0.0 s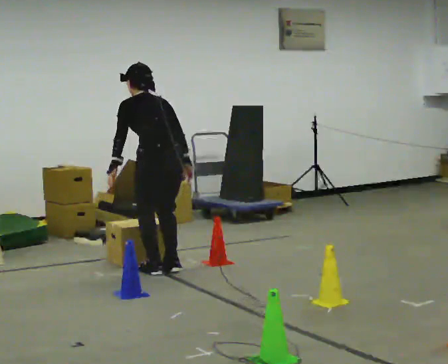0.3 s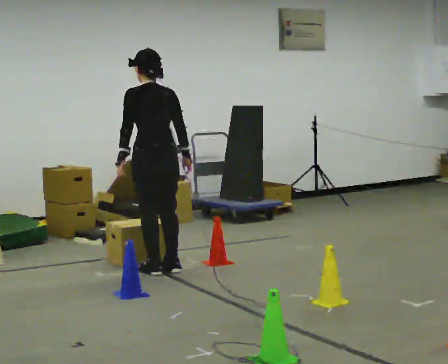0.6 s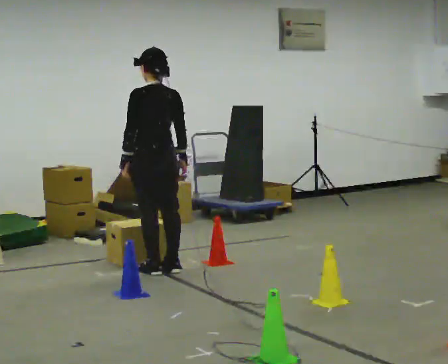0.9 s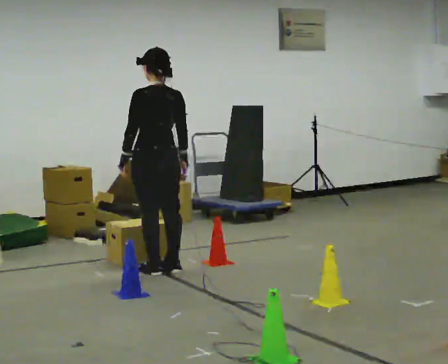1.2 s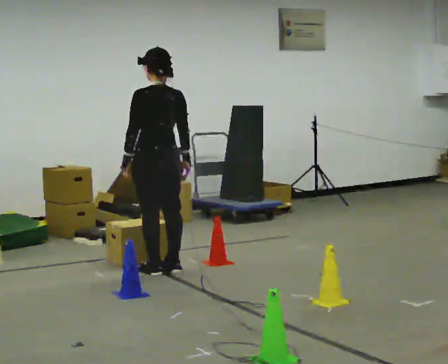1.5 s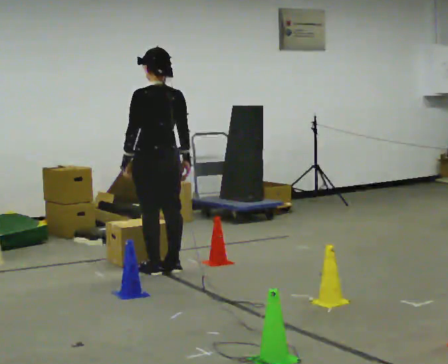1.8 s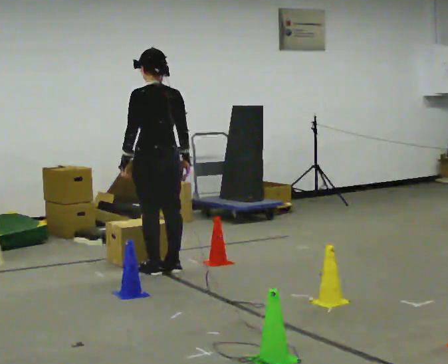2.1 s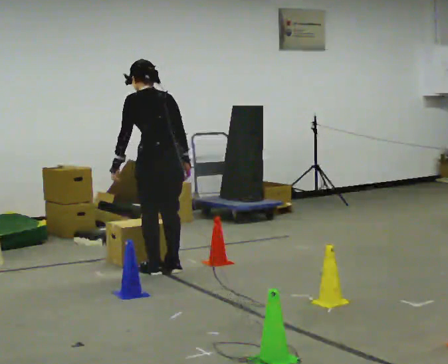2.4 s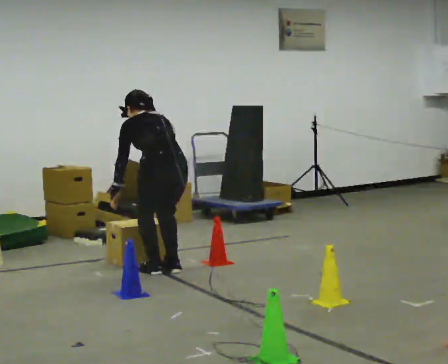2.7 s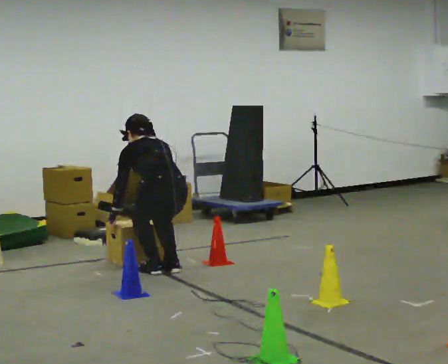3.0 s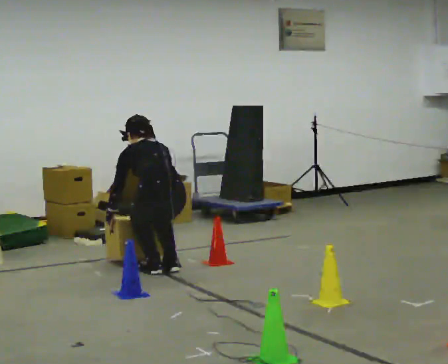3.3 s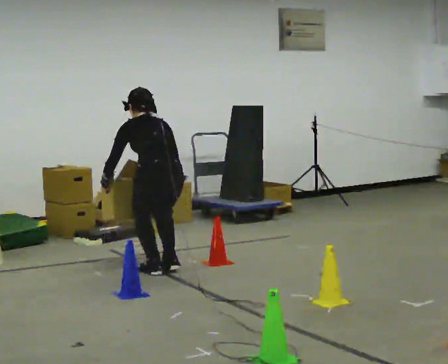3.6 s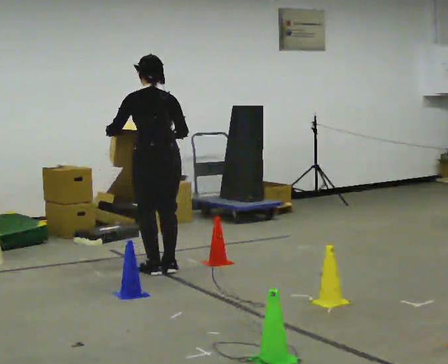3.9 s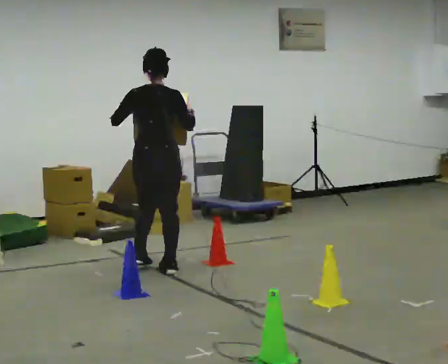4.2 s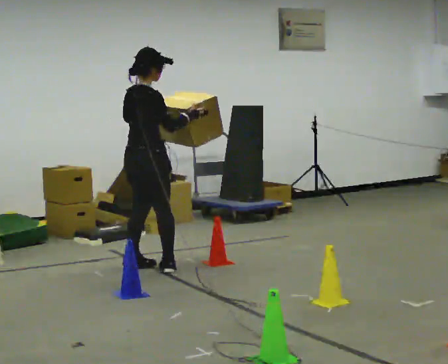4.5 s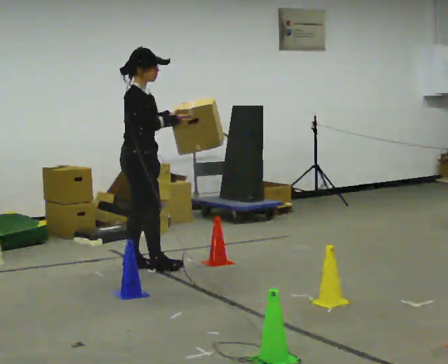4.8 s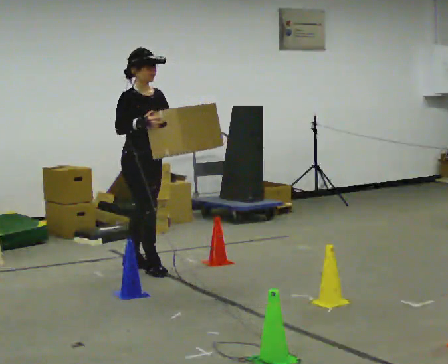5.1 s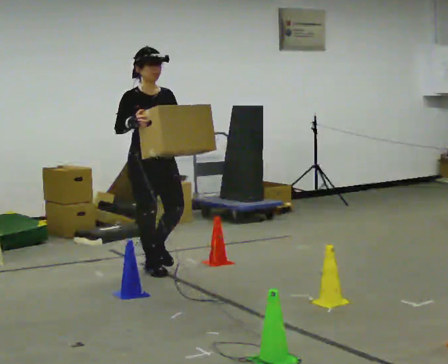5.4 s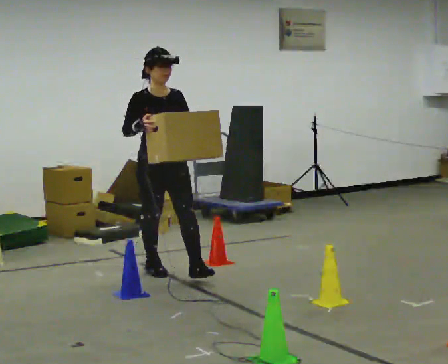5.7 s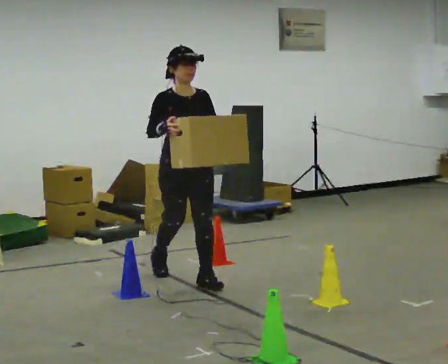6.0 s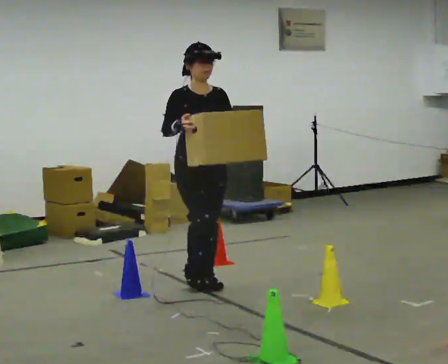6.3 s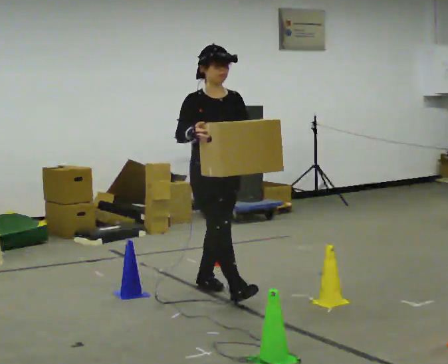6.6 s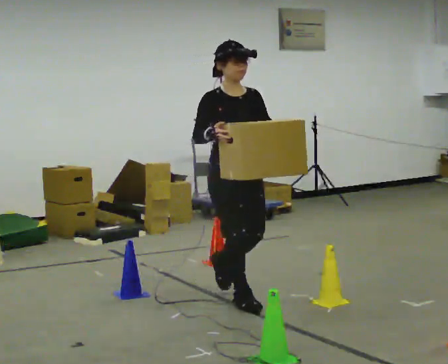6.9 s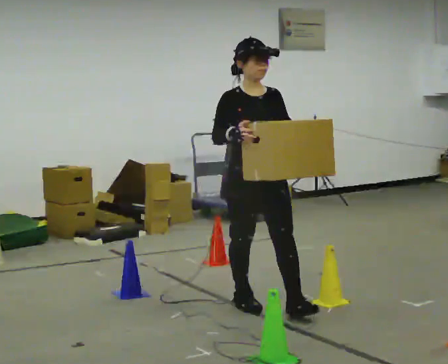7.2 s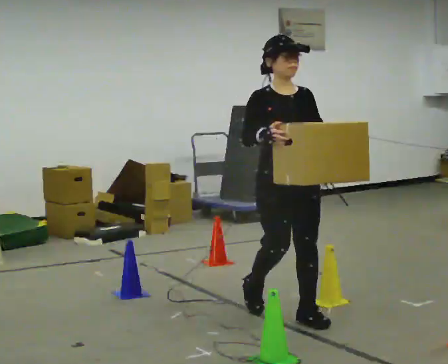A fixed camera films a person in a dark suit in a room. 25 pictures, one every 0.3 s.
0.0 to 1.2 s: The upper body tips toward the camera, its near side rolling downward, as they lean back or straighten.
1.2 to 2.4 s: The upper body goes downward. The upper body tips away from the camera, its near side rolling upward, as they bend forward.
2.4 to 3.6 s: The upper body tips toward the camera, its near side rolling downward, as they lean back or straighten. In the picture their left hand goes upward.
3.6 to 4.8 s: The part of the body nearest the lens slides to the left as the person turns to their right by about 135 degrees. In the picture they go to the left, about 0.25 m in 1 step. The upper body tips toward the camera, its near side rolling downward, as they lean back or straighten. In the picture their left hand goes to the right.
4.8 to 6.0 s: Seen from above the body turns clockwise, about 30 degrees: to their right, with its near side sliding to the left. In the picture they go toward the camera and to the right, about 0.75 m in 1 step, which for them is forward.
6.0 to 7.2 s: In the picture they go toward the camera and to the right, about 1 m in 2 steps, which for them is forward.
The film runs forward here.
